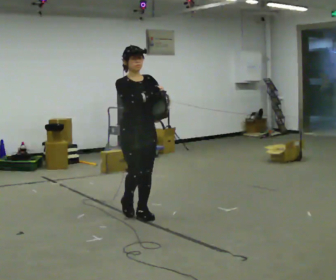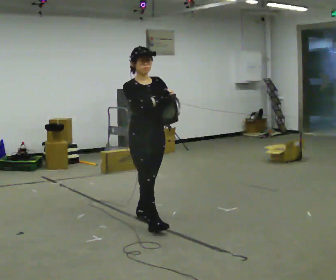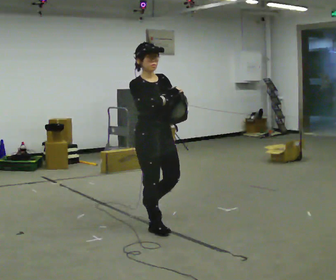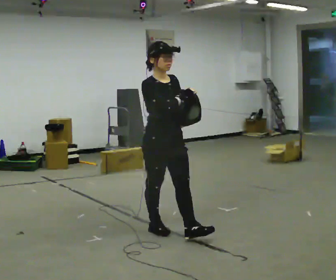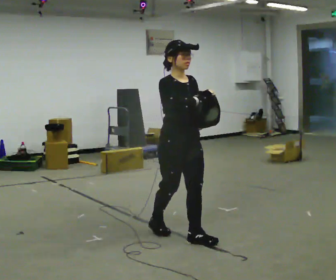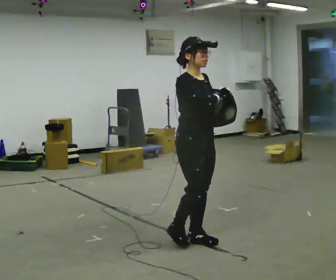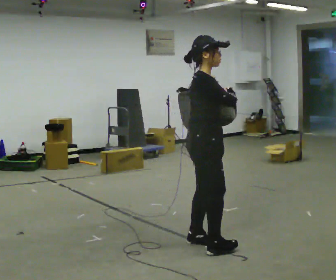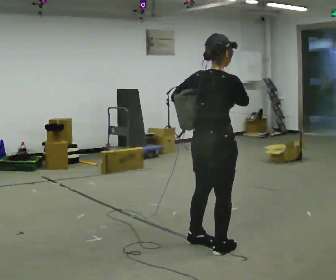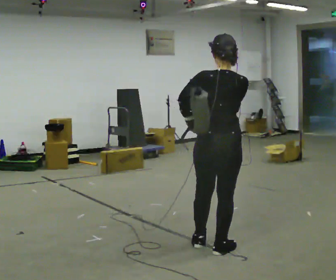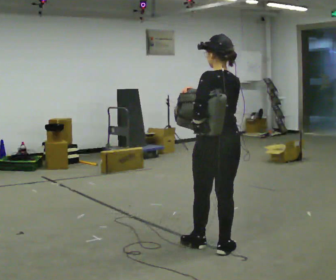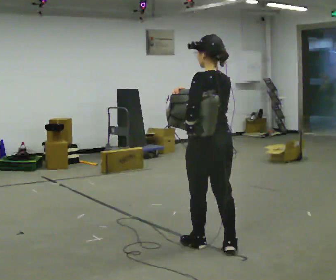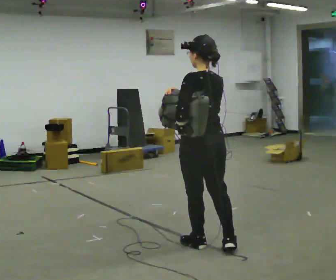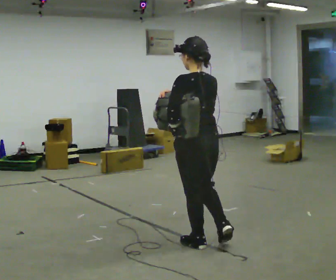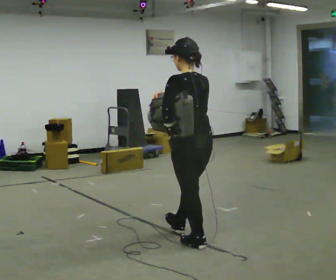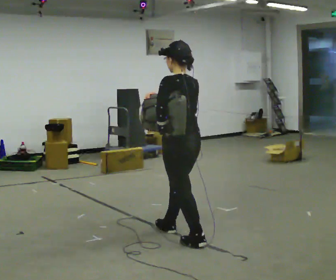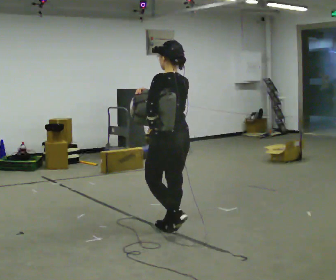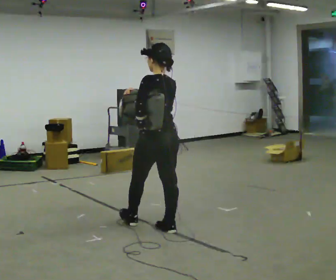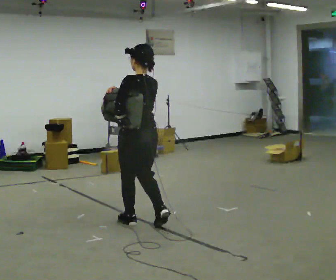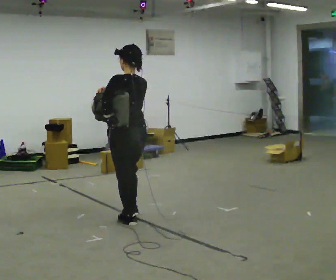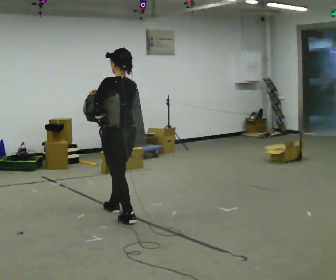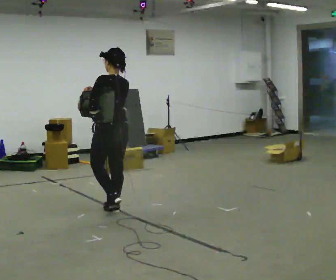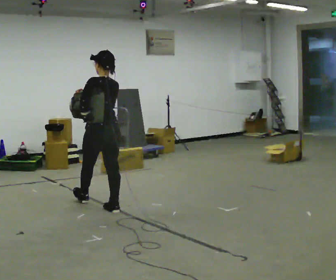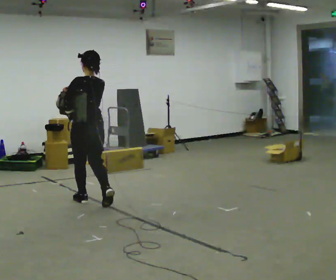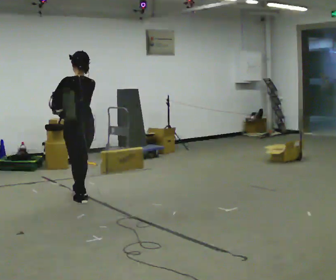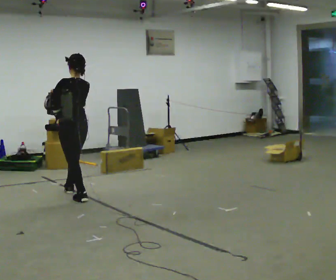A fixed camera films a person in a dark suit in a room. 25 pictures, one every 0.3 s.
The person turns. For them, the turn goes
to their left.
The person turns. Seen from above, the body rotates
counterclockwise.
0.0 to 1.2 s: In the picture they go toward the camera and to the right, about 0.5 m in 2 steps, which for them is forward.
1.2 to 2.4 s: Seen from above the body turns counterclockwise, about 150 degrees: to their left, with its near side sliding to the right. In the picture they go to the right and toward the camera, about 0.5 m in 2 steps.
2.4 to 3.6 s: Seen from above the body turns counterclockwise, about 30 degrees: to their left, with its near side sliding to the right. In the picture they go to the left, about 0.25 m, which for them is forward.
3.6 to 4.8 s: In the picture they go away from the camera and to the left, about 0.5 m in 1 step, which for them is forward.
4.8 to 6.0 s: In the picture they go to the left and away from the camera, about 0.5 m in 2 steps, which for them is forward.
6.0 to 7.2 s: In the picture they go to the left and away from the camera, about 1 m in 2 steps, which for them is forward.
The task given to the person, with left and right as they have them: Put the soft bag up onto your shoulder and carry it across the room, back and forth.
The film runs forward here.
